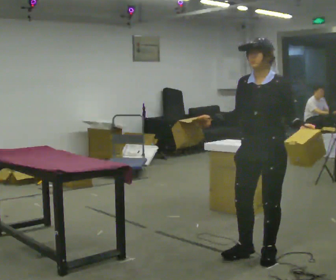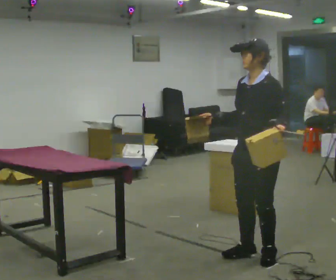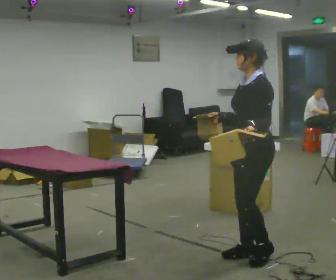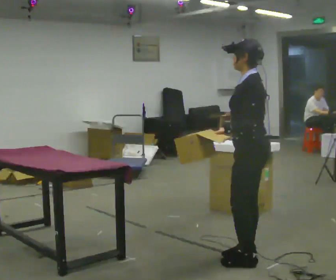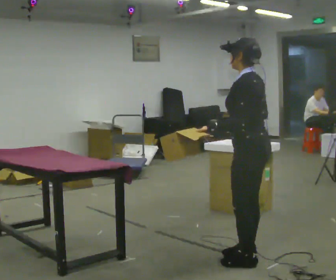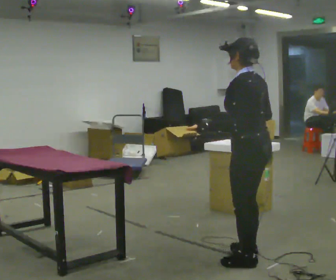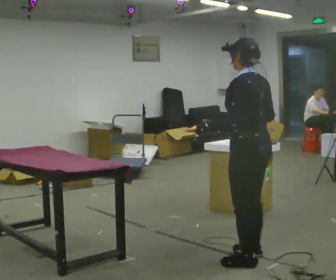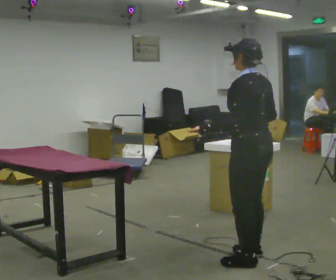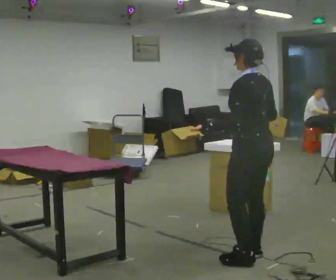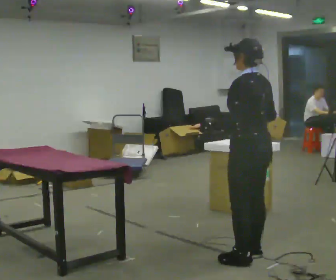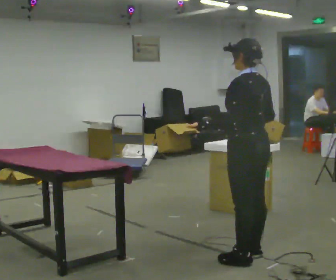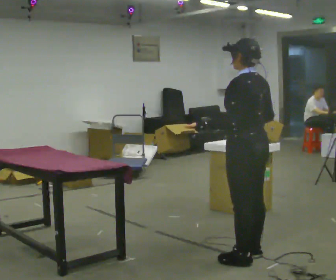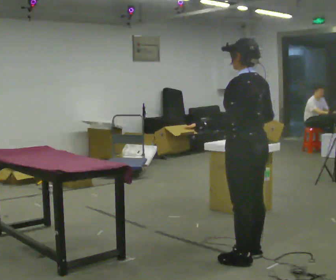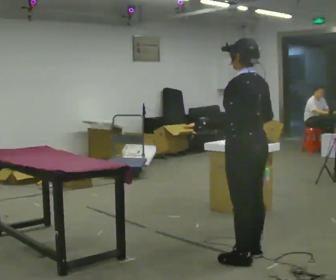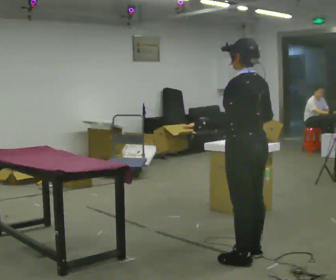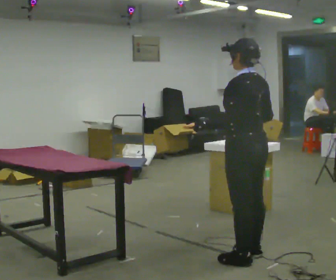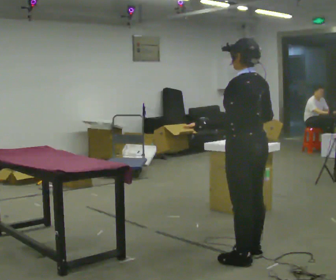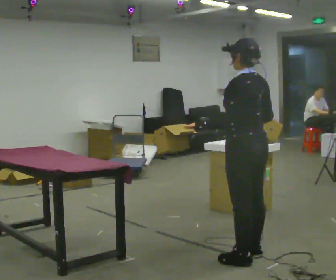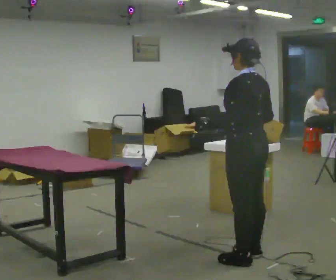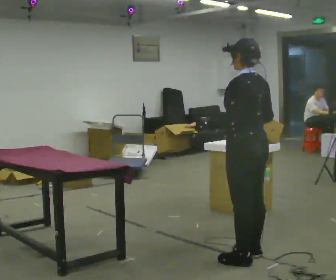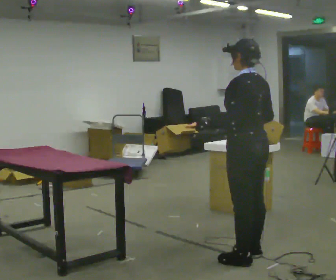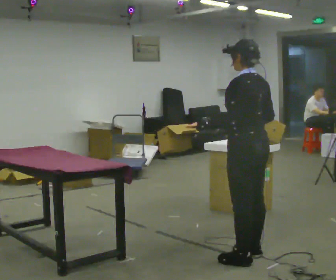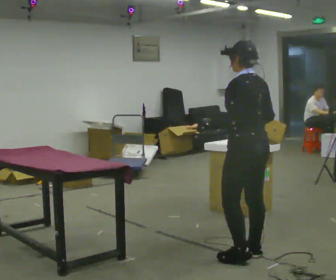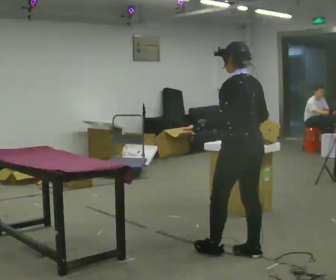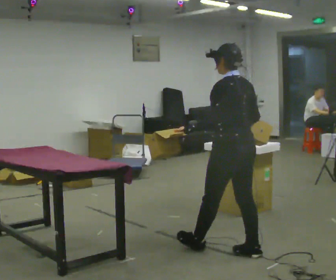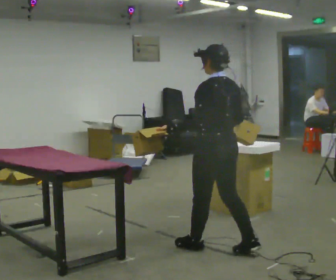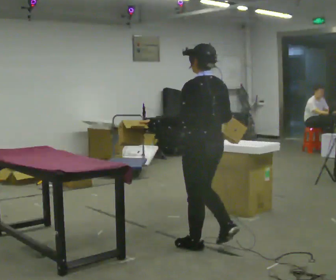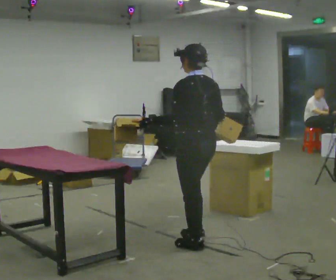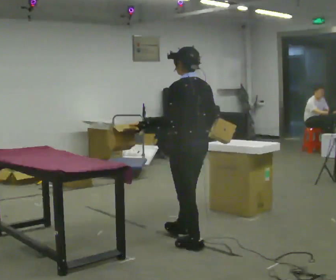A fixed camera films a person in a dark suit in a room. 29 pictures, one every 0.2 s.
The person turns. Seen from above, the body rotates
clockwise.
The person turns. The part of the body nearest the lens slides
to the left.
0.0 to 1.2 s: The person turns about 90 degrees to their right, clockwise seen from above, so the part of the body nearest the lens slides to the left. In the picture their left hand goes to the left.
1.2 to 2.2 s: The person moves a little, or ends about where they began.
2.2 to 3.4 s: The person keeps their place and pose.
3.4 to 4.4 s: The person moves a little, or ends about where they began.
4.4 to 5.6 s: In the picture they go to the left and away from the camera, about 0.5 m in 2 steps, which for them is forward.
The film runs forward here.
